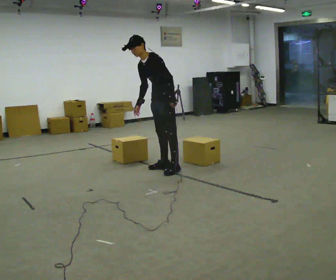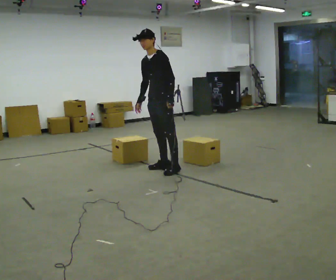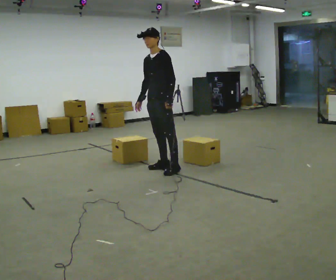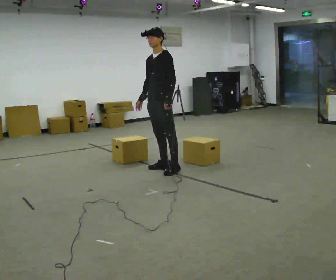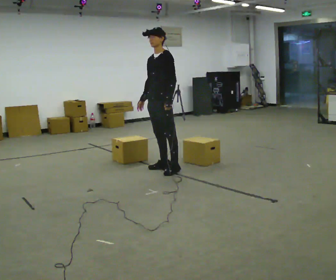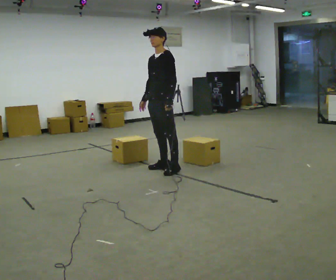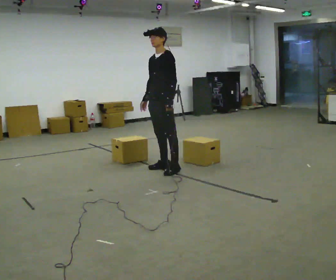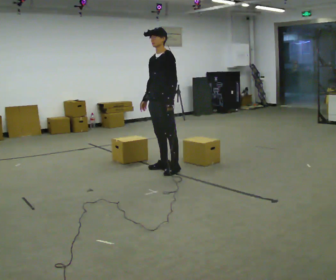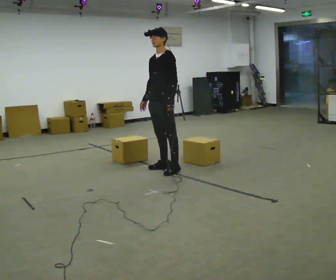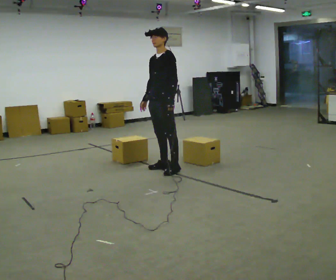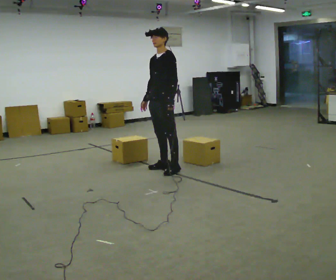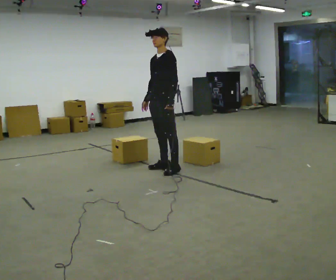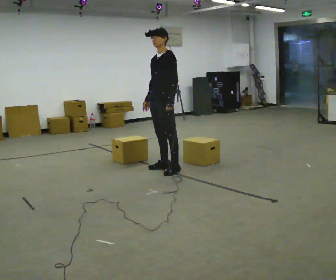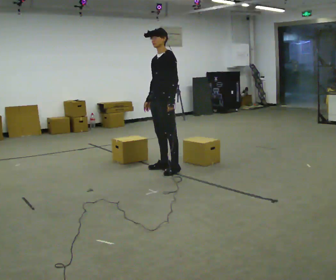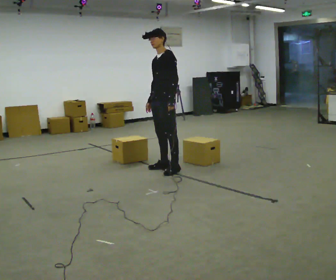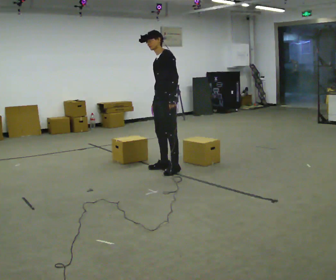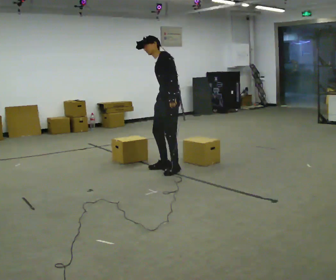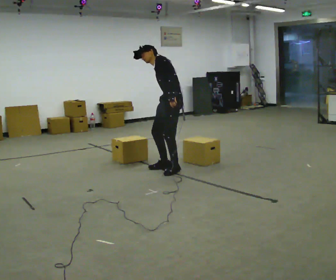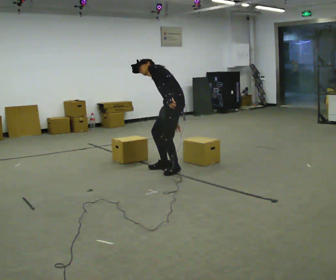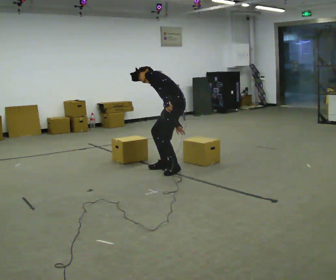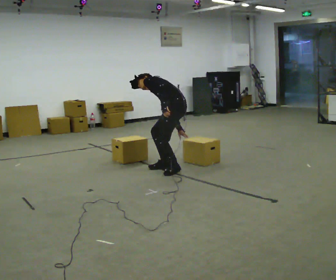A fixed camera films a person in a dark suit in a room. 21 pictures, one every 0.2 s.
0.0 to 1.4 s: In the picture the upper body tilts clockwise, shoulders to the right, as they lean back or straighten.
1.4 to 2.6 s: The person moves a little, or ends about where they began.
2.6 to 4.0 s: The person turns about 45 degrees to their right, clockwise seen from above, so the part of the body nearest the lens slides to the left. The shoulders move downward. In the picture the upper body tilts counterclockwise, shoulders to the left, as they bend forward. In the picture their right hand goes downward and to the right, the arm swinging counterclockwise.
The film runs forward here.
